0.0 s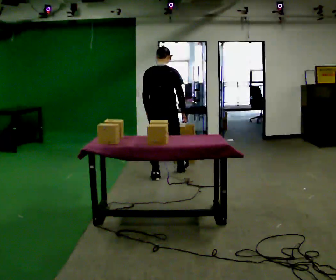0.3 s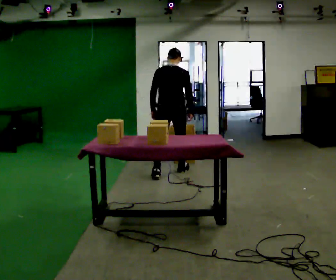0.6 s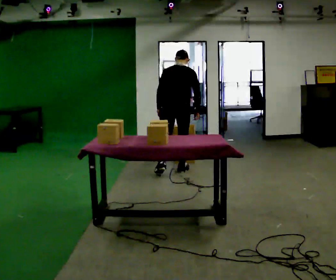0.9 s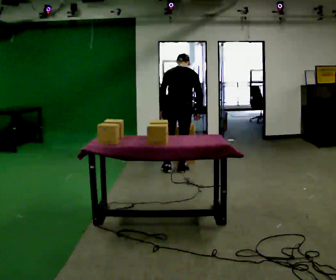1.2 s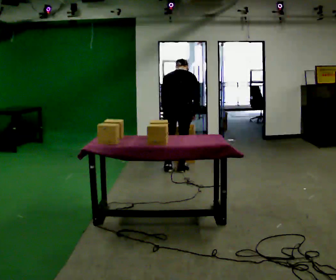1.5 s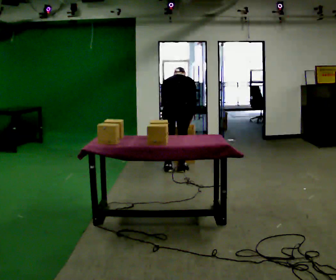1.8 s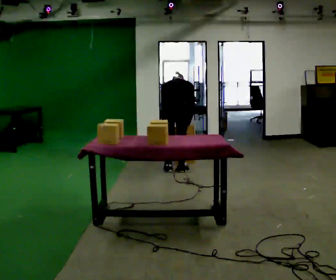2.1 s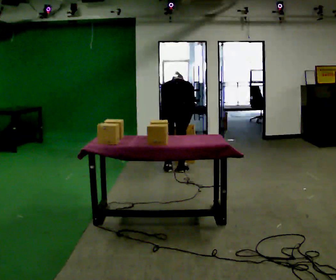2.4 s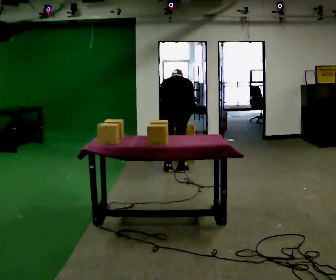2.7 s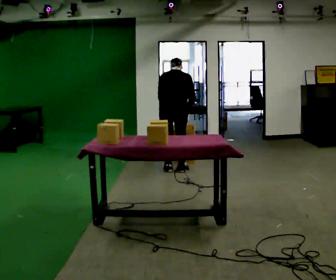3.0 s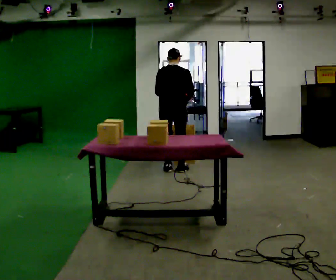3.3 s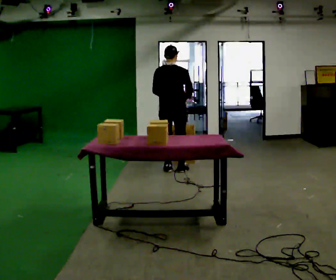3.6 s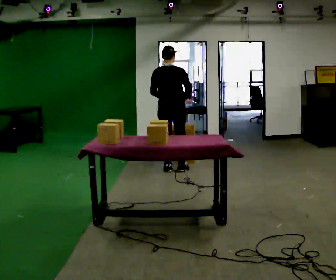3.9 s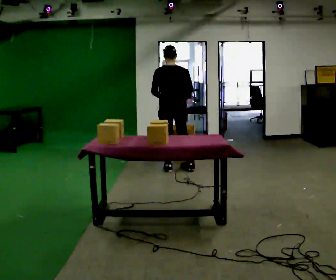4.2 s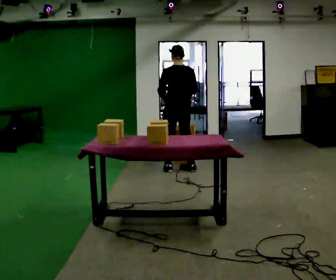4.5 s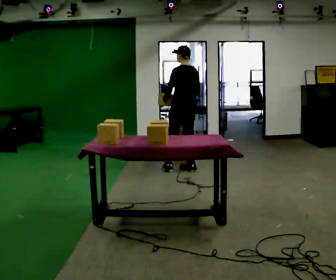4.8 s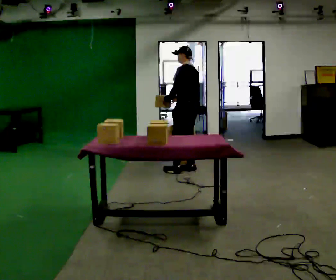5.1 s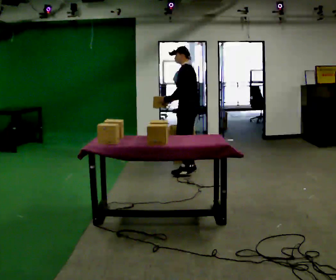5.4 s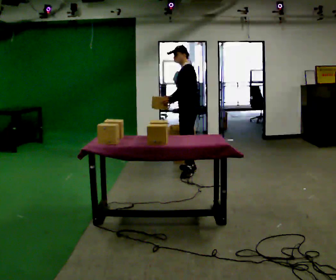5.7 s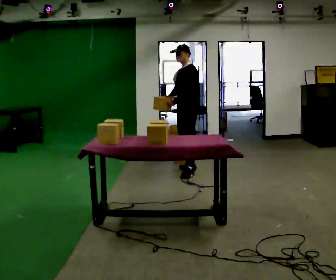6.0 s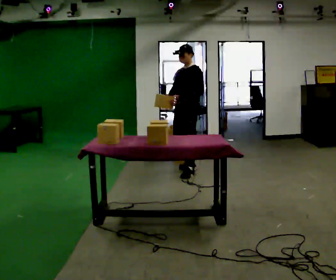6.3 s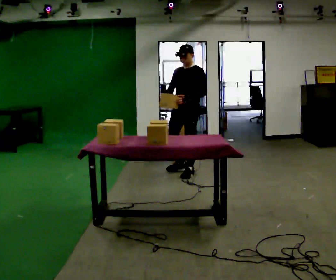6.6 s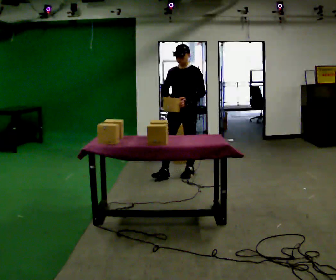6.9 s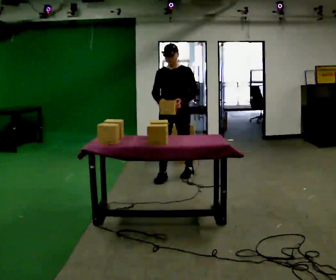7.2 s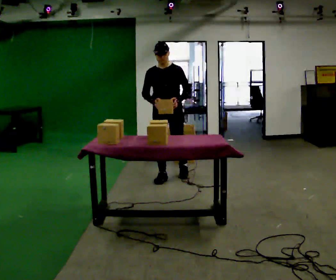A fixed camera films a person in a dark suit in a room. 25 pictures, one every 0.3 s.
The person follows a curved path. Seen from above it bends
clockwise.
The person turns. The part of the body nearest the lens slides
to the right.
0.0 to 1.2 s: In the picture they go away from the camera and to the right, about 0.25 m in 1 step, which for them is forward and to their right. The upper body tips away from the camera, its near side rolling upward, as they bend forward.
1.2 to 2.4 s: The person moves a little, or ends about where they began.
2.4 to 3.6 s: The upper body goes upward. The upper body tips toward the camera, its near side rolling downward, as they lean back or straighten.
3.6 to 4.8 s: The part of the body nearest the lens slides to the right as the person turns to their left by about 60 degrees. In the picture they go to the right, about 0.25 m in 1 step.
4.8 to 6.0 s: The part of the body nearest the lens slides to the right as the person turns to their left by about 60 degrees. In the picture they go toward the camera, about 0.25 m in 1 step.
6.0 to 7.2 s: The part of the body nearest the lens slides to the right as the person turns to their left by about 45 degrees. In the picture they go toward the camera and to the left, about 0.5 m in 1 step, which for them is forward.
The film runs forward here.
